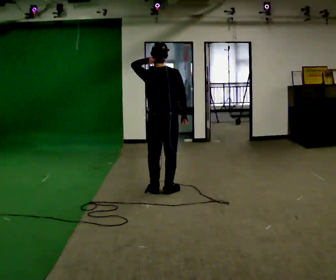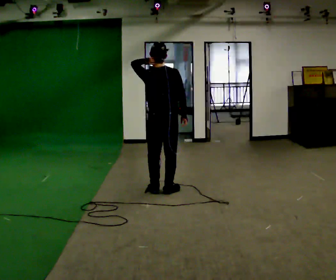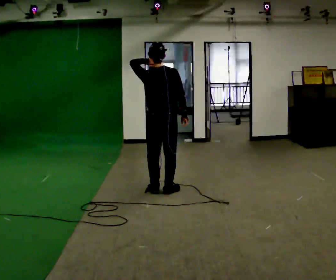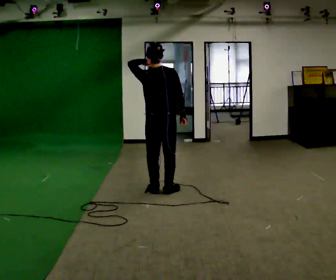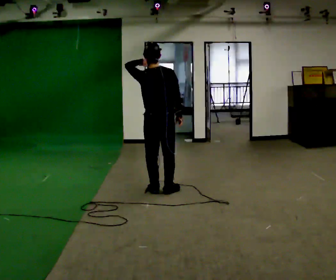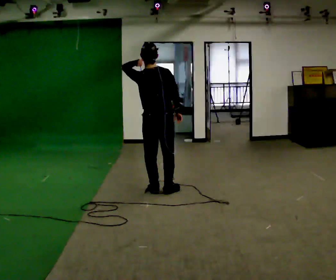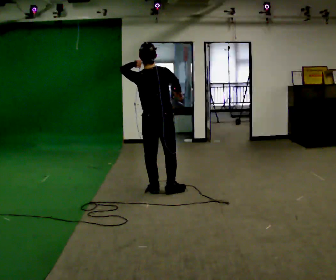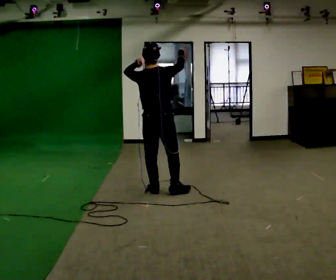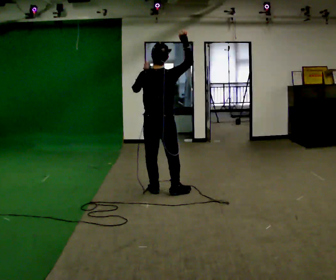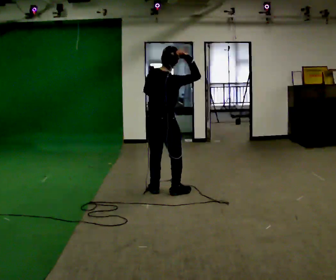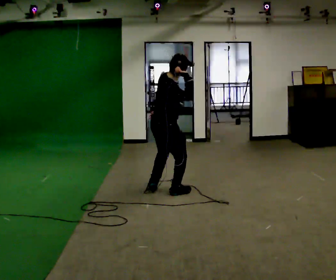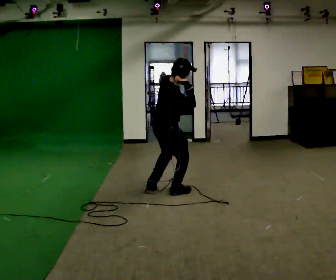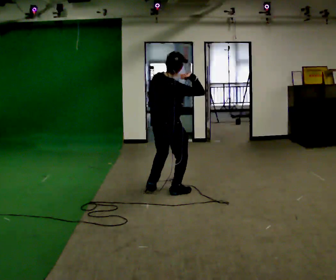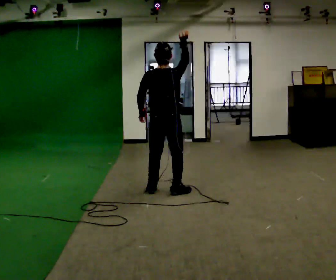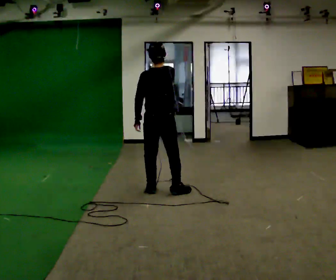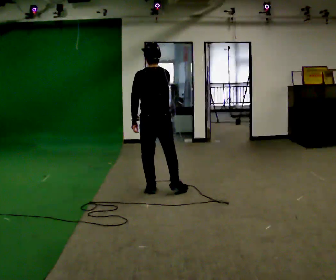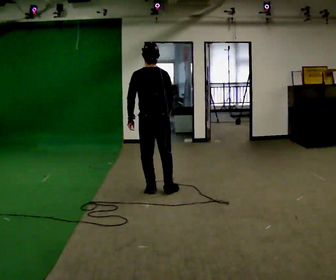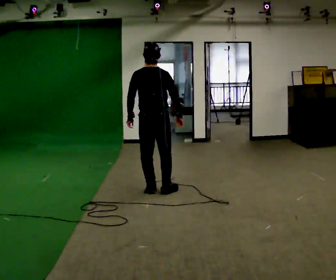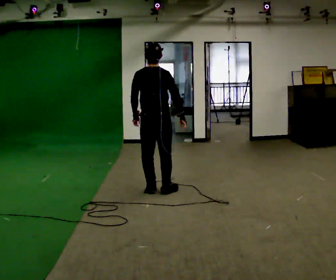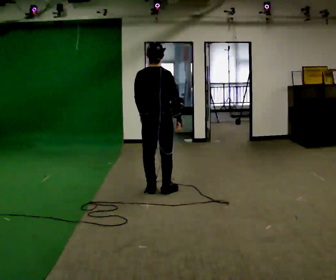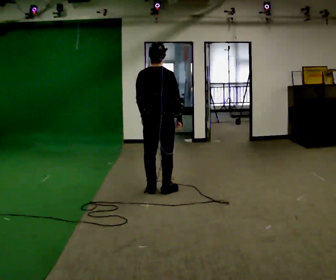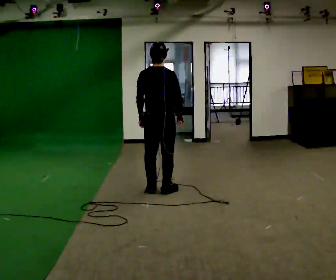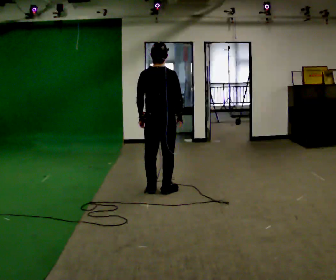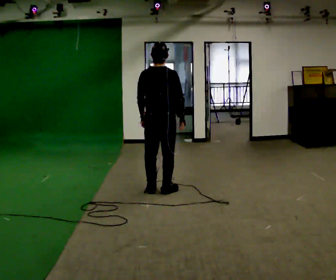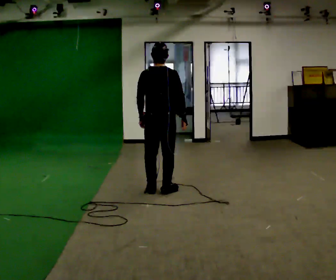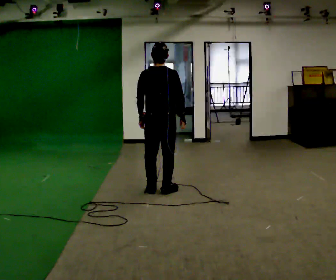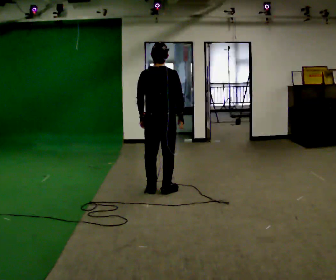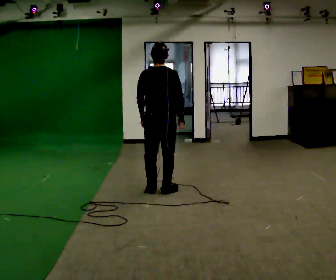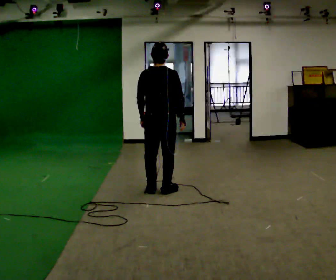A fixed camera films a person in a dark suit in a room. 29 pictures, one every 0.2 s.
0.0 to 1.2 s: In the picture their right hand goes upward.
1.2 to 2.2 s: Seen from above the body turns clockwise, about 60 degrees: to their right, with its near side sliding to the left.
2.2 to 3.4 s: Seen from above the body turns counterclockwise, about 60 degrees: to their left, with its near side sliding to the right. The upper body tips away from the camera, its near side rolling upward. In the picture their right hand goes downward.
3.4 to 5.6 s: The person moves a little, or ends about where they began.
The film runs forward here.
